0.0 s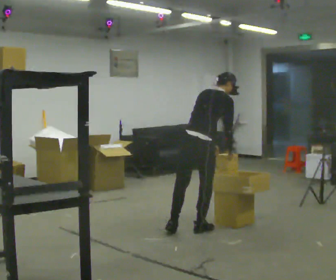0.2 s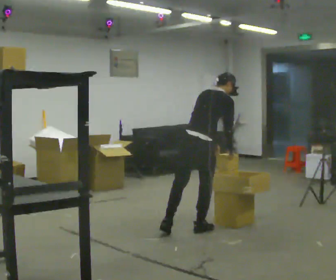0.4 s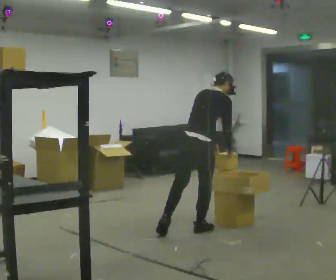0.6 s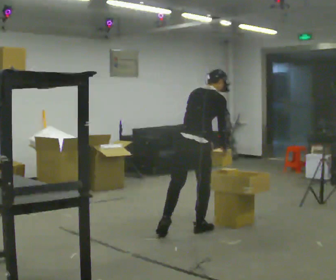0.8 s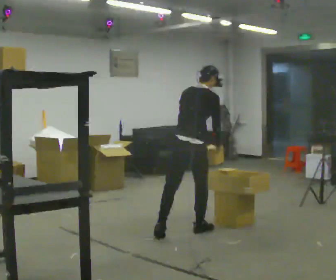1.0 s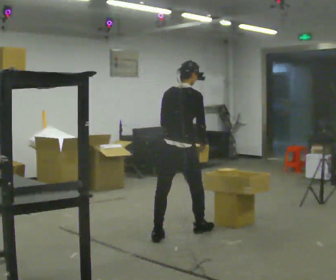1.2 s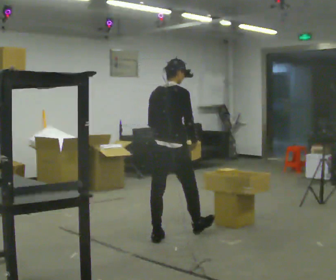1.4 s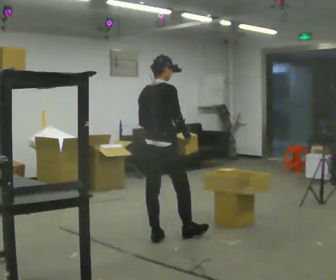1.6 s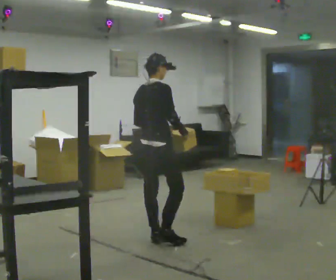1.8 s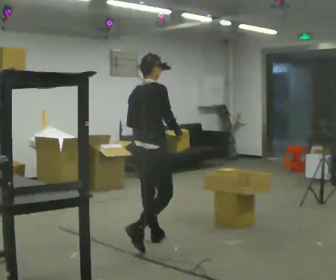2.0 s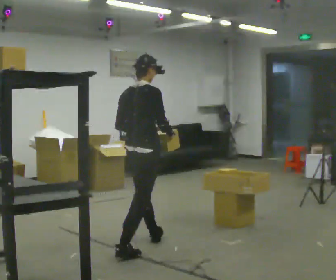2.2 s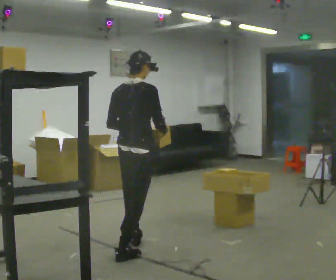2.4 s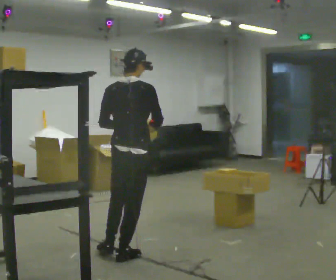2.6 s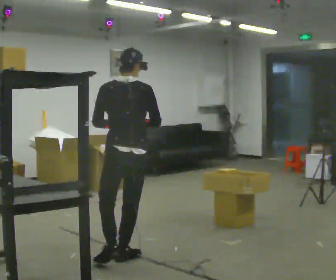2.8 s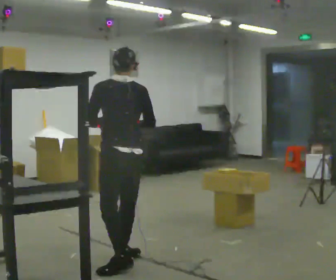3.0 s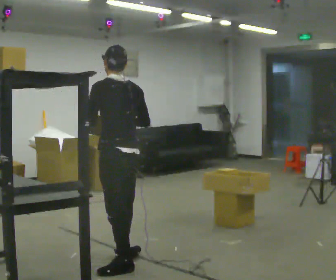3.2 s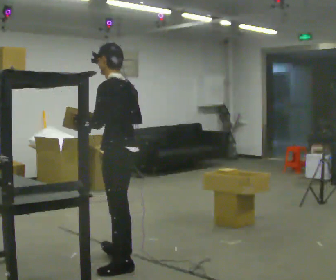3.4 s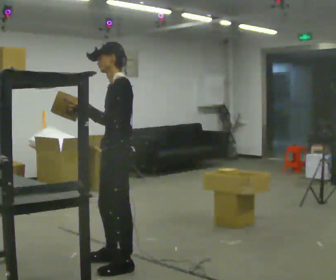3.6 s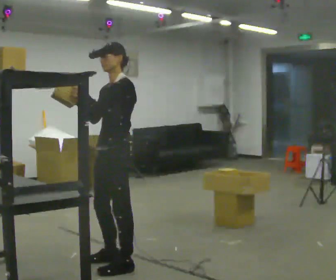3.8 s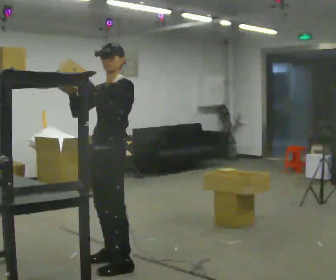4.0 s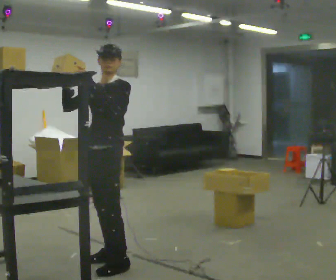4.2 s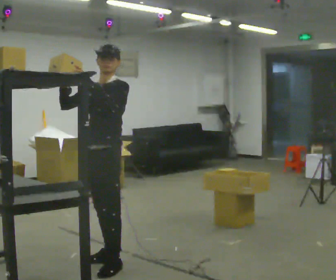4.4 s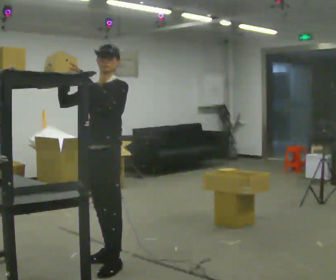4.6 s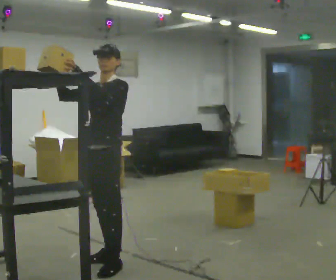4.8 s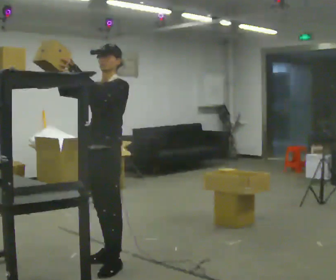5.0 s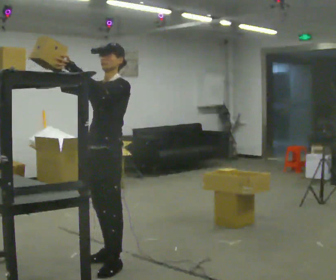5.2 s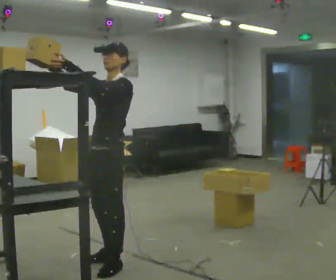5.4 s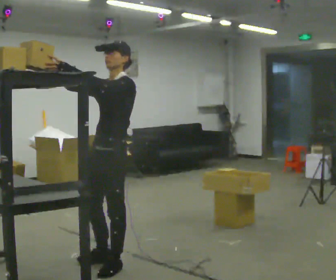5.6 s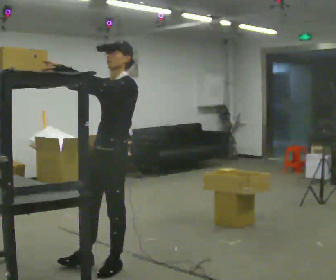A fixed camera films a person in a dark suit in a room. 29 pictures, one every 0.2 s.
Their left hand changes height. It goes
upward.
Their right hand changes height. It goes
upward.
0.0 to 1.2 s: In the picture they go to the left, about 0.25 m, which for them is backward and to their left. In the picture the upper body tilts counterclockwise, shoulders to the left, as they lean back or straighten.
1.2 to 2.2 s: In the picture they go toward the camera and to the left, about 0.5 m in 2 steps, which for them is backward.
2.2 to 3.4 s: The person turns about 120 degrees to their left, counterclockwise seen from above, so the part of the body nearest the lens slides to the right. In the picture they go toward the camera, about 0.5 m.
3.4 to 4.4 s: The person turns about 60 degrees to their left, counterclockwise seen from above, so the part of the body nearest the lens slides to the right. In the picture they go away from the camera, about 0.25 m, which for them is to their right.
4.4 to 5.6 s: In the picture they go toward the camera, about 0.25 m in 1 step, which for them is to their left.
The film runs backward here.
